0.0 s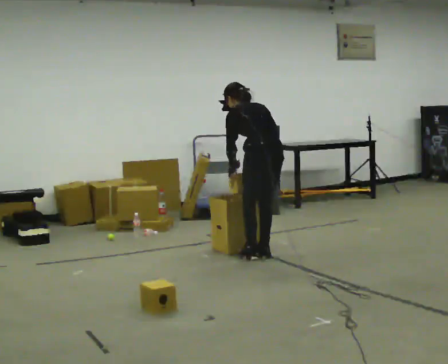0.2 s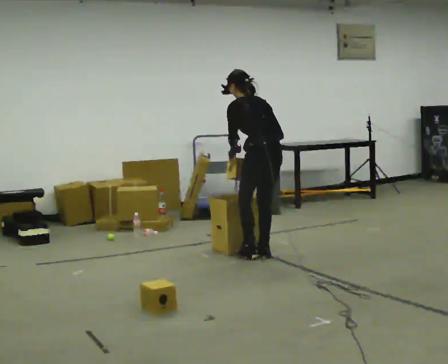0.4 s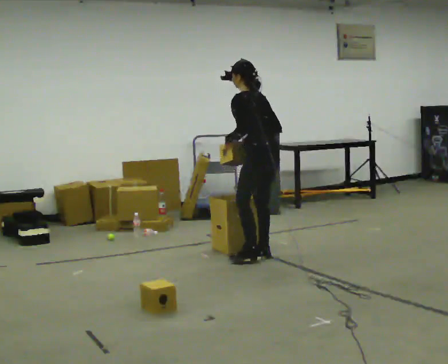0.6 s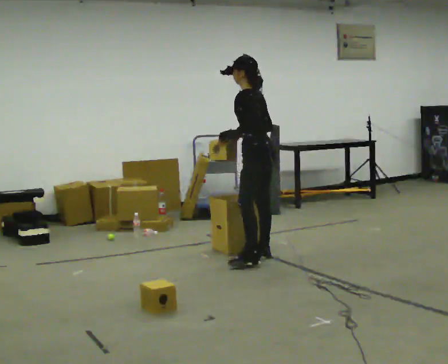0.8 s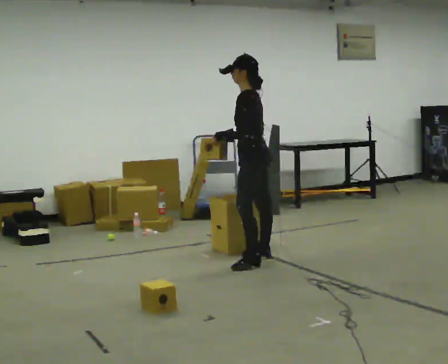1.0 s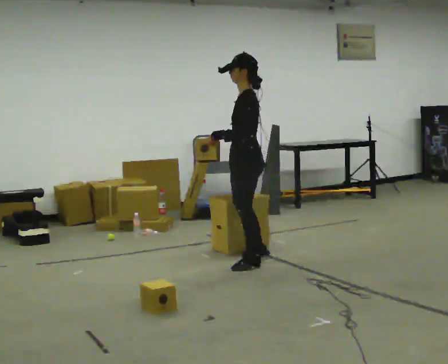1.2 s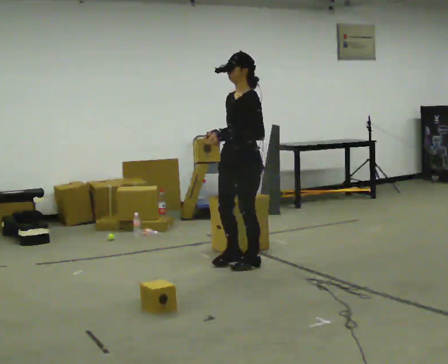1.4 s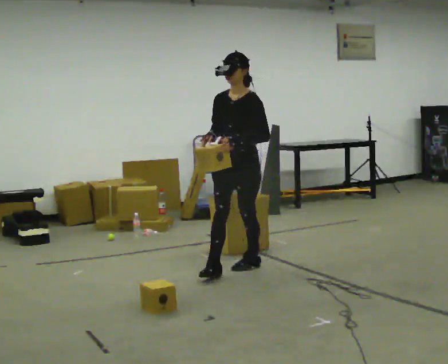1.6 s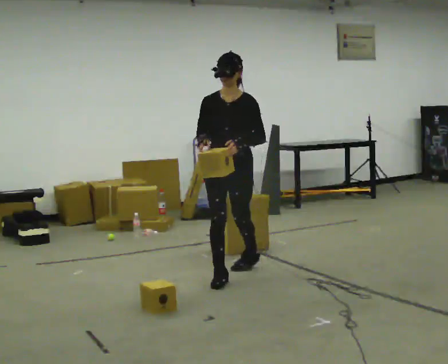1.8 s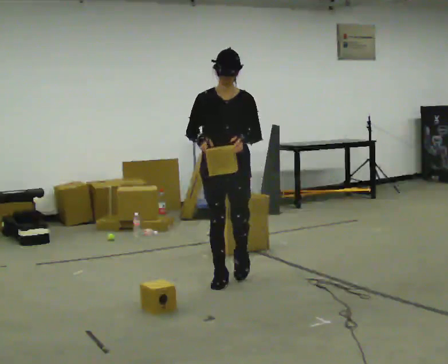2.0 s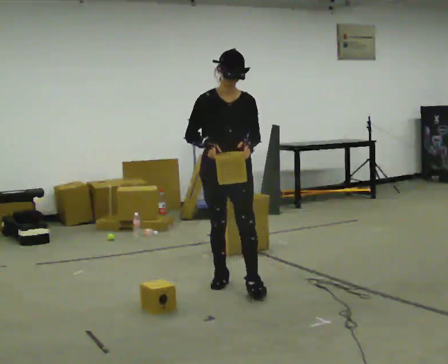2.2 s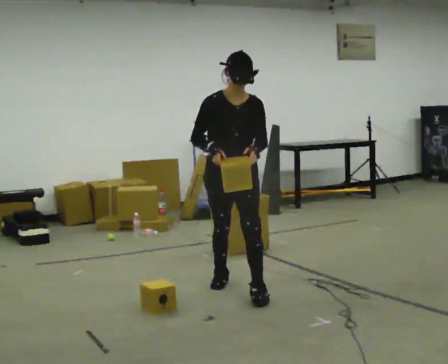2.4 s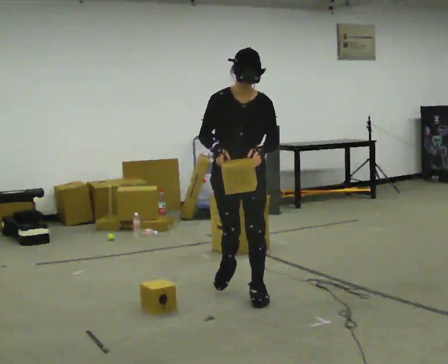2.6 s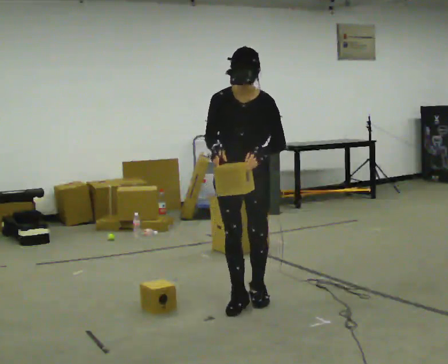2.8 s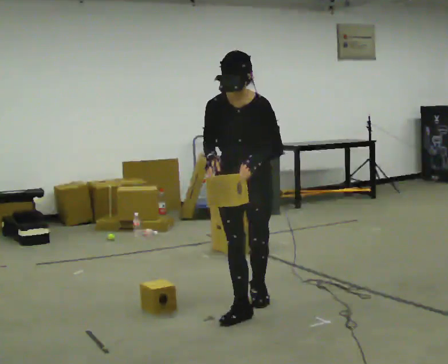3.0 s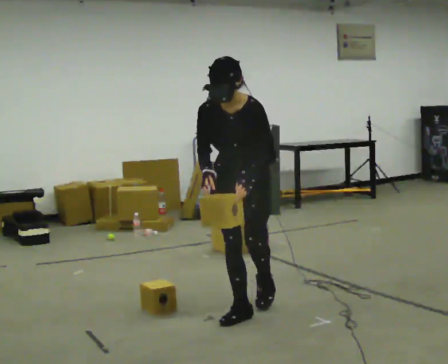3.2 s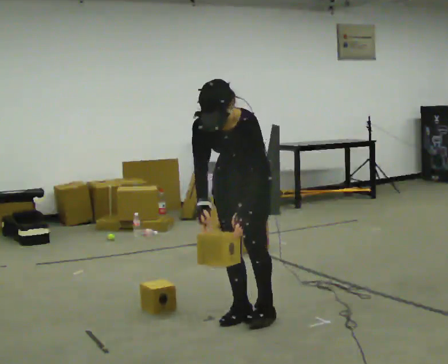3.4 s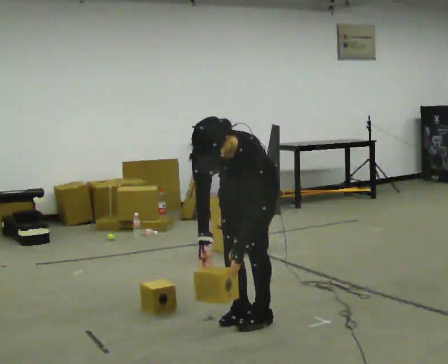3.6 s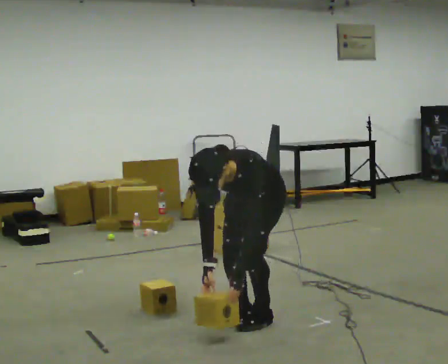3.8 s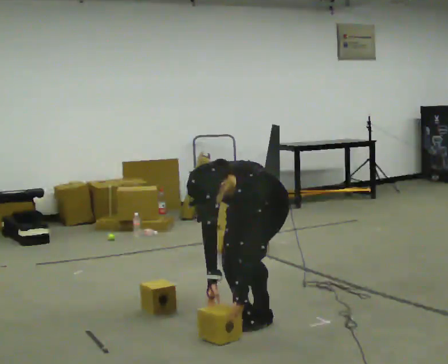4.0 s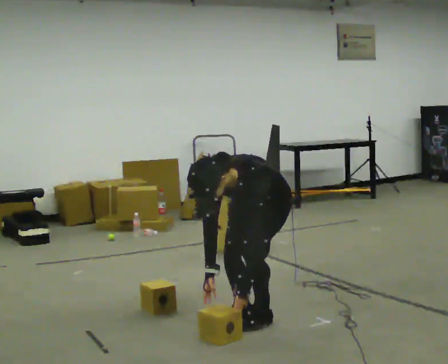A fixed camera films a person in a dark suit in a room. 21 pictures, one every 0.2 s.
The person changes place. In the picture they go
toward the camera.
The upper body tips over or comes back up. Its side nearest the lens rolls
downward.
0.0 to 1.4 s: The part of the body nearest the lens slides to the right as the person turns to their left by about 120 degrees. In the picture they go toward the camera and to the left, about 0.5 m in 1 step. The upper body tips toward the camera, its near side rolling downward, as they lean back or straighten.
1.4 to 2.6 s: In the picture they go toward the camera, about 1 m in 2 steps, which for them is forward.
2.6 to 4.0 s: In the picture they go toward the camera, about 0.25 m in 2 steps, which for them is to their left and forward. The upper body goes downward. In the picture the upper body tilts counterclockwise, shoulders to the left, as they bend forward. In the picture their right hand goes downward.
The film runs forward here.
